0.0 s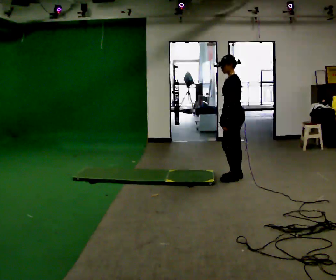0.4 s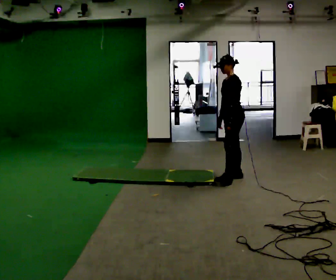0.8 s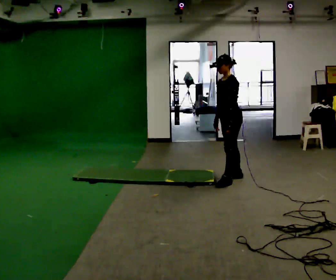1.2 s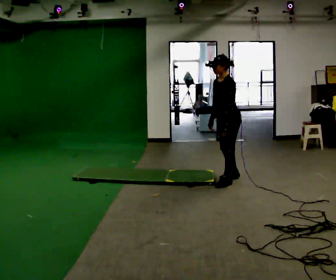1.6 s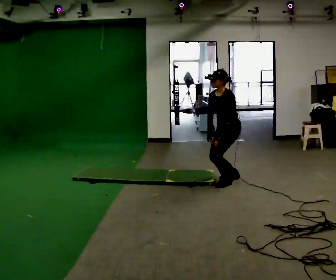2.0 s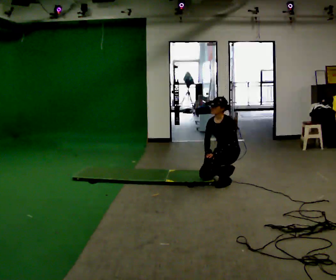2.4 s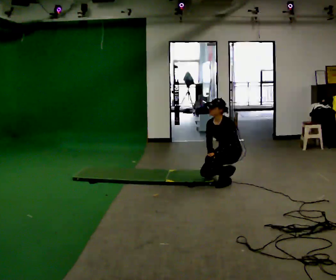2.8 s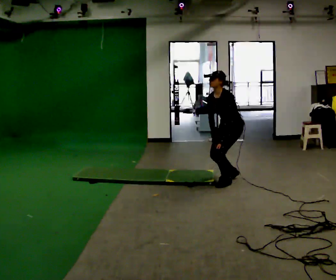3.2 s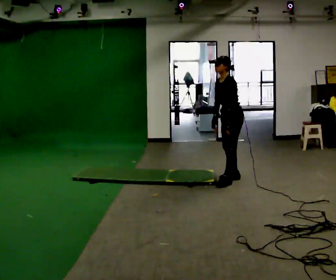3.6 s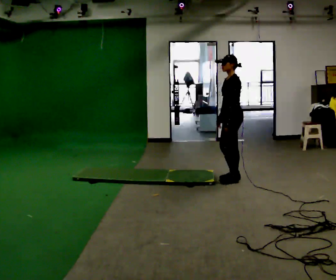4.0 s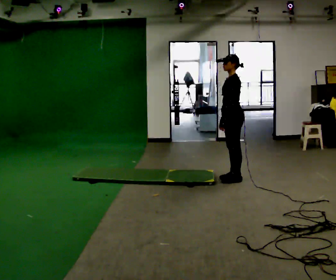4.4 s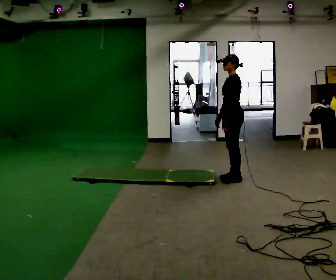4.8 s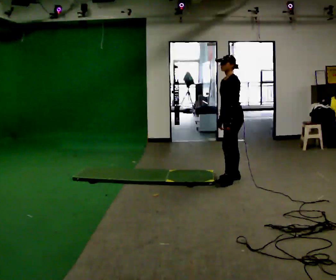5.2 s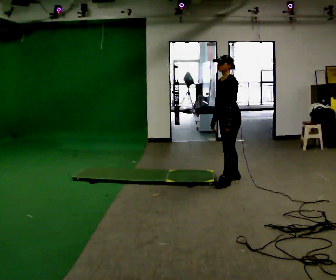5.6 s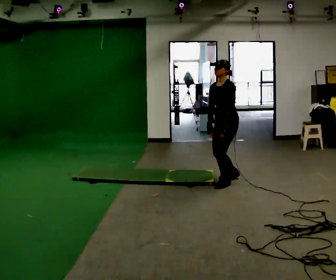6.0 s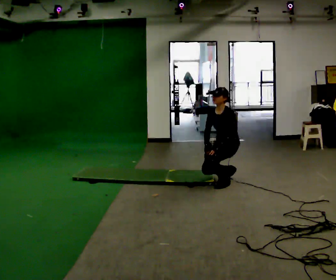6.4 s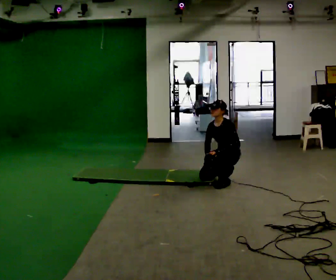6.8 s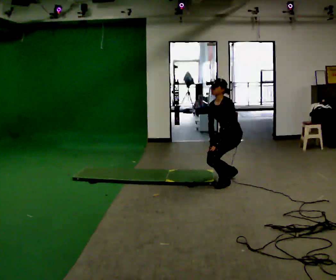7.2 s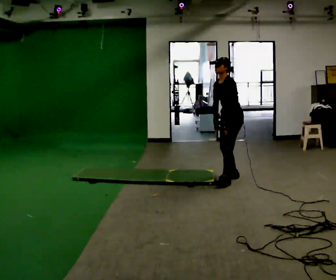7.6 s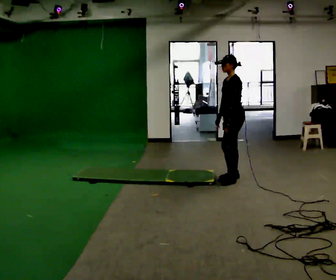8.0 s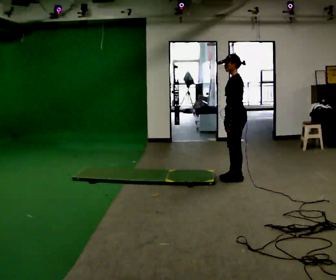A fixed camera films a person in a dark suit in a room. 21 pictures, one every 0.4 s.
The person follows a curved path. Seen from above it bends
counterclockwise.
0.0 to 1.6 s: Seen from above the body turns counterclockwise, about 30 degrees: to their left, with its near side sliding to the right. In the picture they go toward the camera, about 0.25 m, which for them is to their left. The upper body goes downward. The upper body tips toward the camera, its near side rolling downward, as they bend forward.
1.6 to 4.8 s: The person moves a little, or ends about where they began.
4.8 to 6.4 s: The upper body goes downward. In the picture their left hand goes downward.
6.4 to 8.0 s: Seen from above the body turns clockwise, about 45 degrees: to their right, with its near side sliding to the left. The upper body goes upward. In the picture their right hand goes upward.
The film runs forward here.
